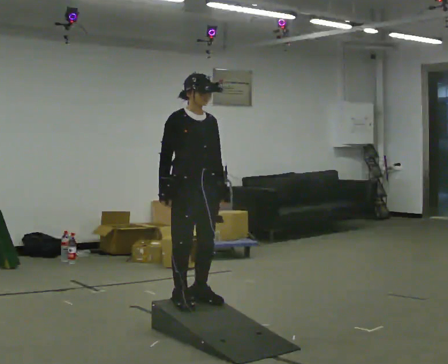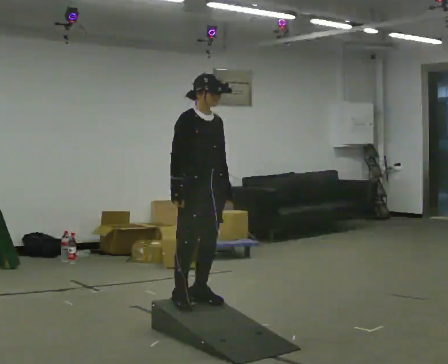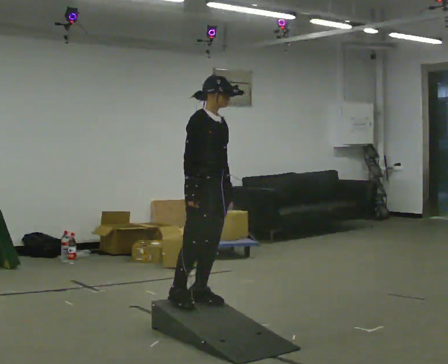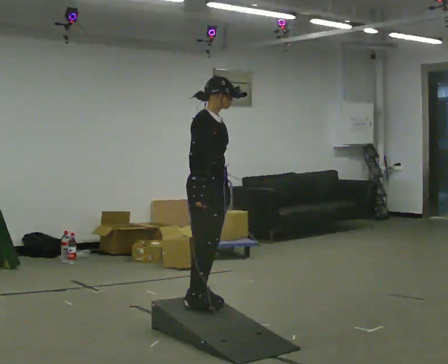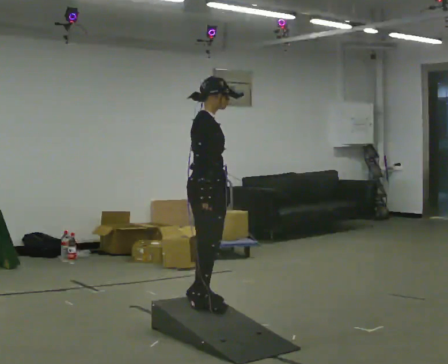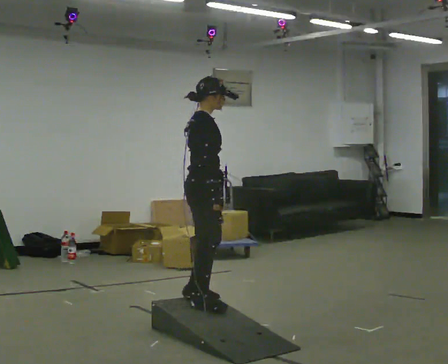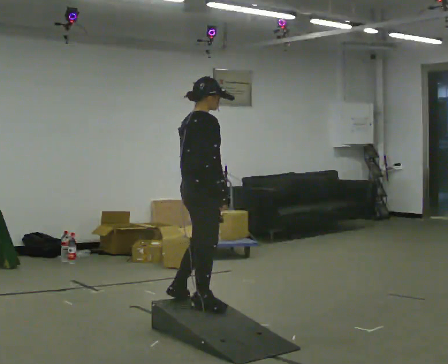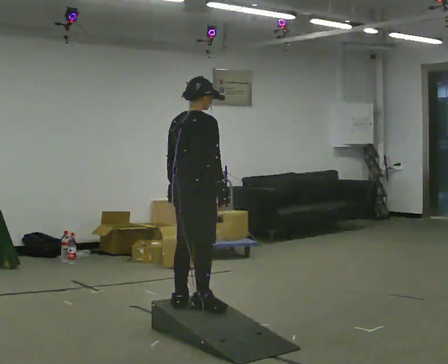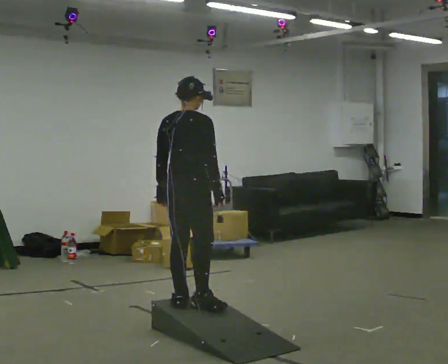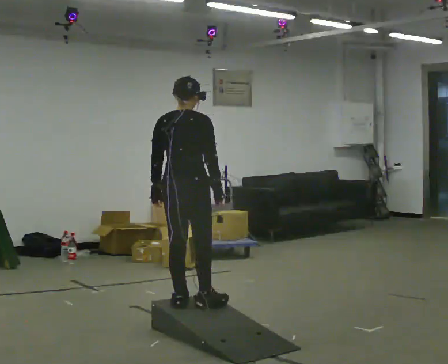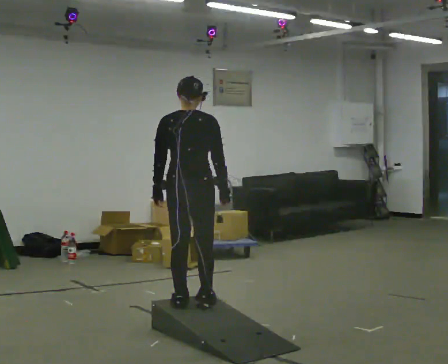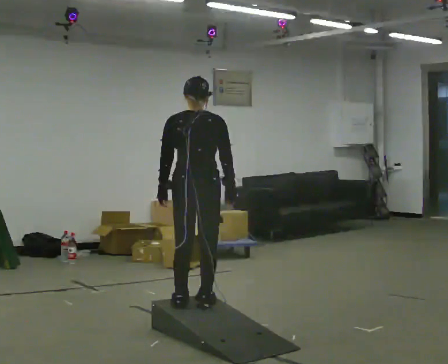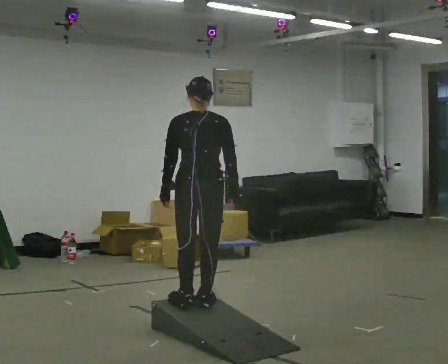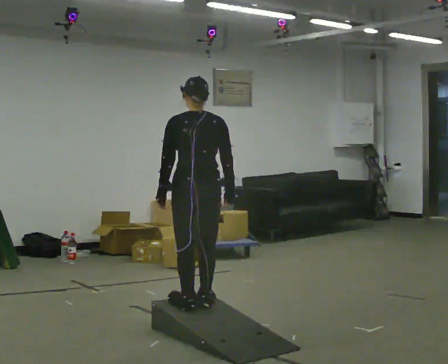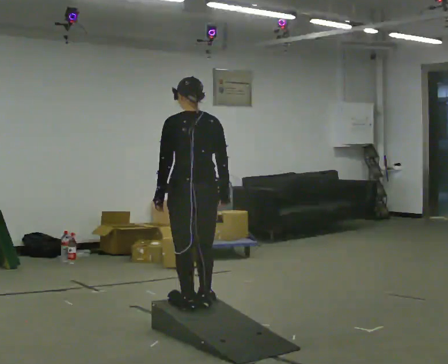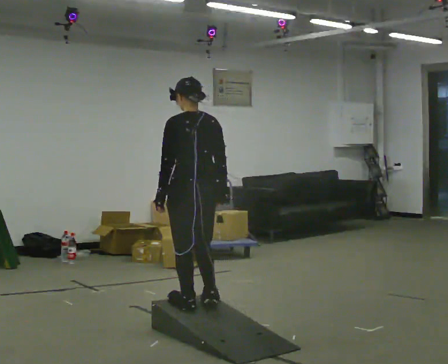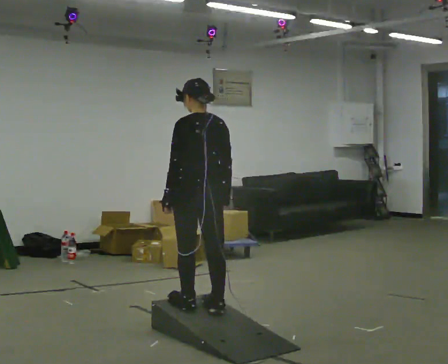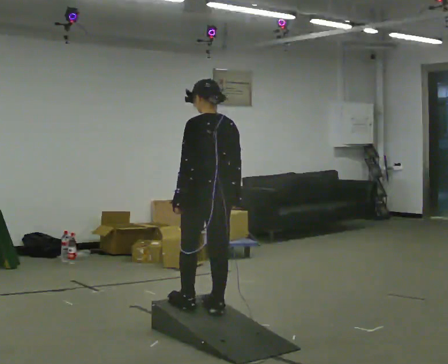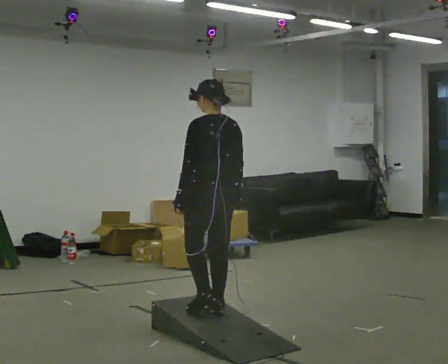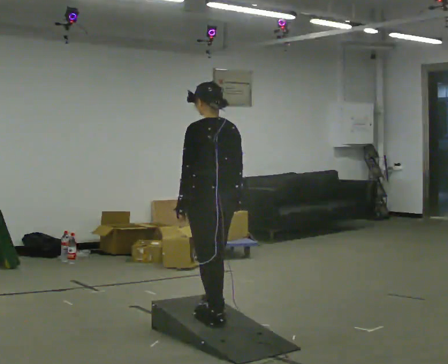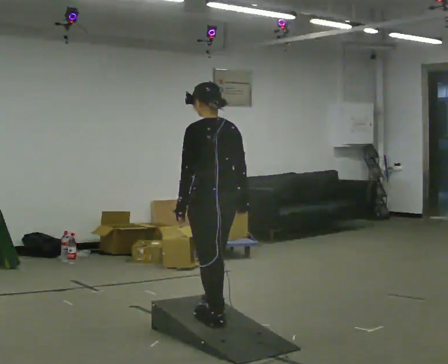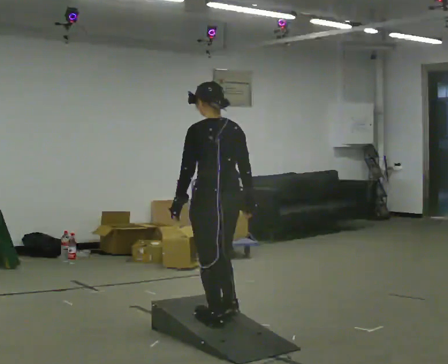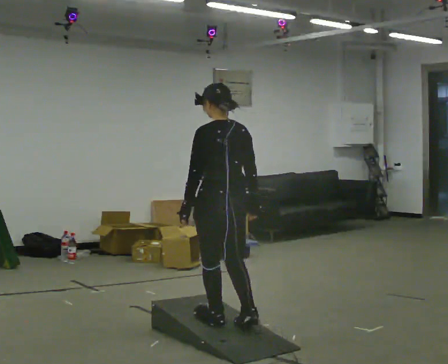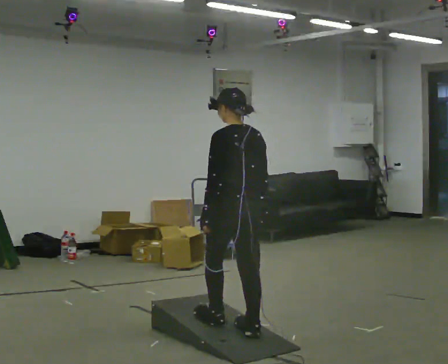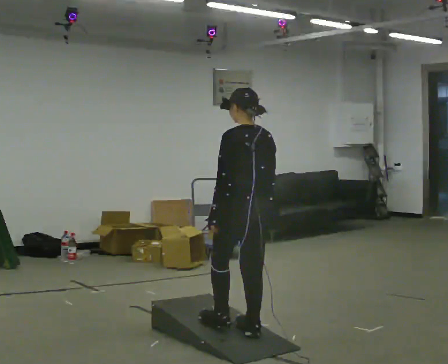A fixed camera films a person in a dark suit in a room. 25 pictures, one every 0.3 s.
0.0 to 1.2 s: Seen from above the body turns counterclockwise, about 45 degrees: to their left, with its near side sliding to the right.
1.2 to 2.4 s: Seen from above the body turns counterclockwise, about 60 degrees: to their left, with its near side sliding to the right.
2.4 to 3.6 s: The part of the body nearest the lens slides to the right as the person turns to their left by about 45 degrees.
3.6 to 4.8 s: The person turns about 30 degrees to their left, counterclockwise seen from above, so the part of the body nearest the lens slides to the right.
4.8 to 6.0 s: The person moves a little, or ends about where they began.
6.0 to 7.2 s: In the picture they go to the right, about 0.25 m in 2 steps, which for them is backward.
The film runs backward here.
